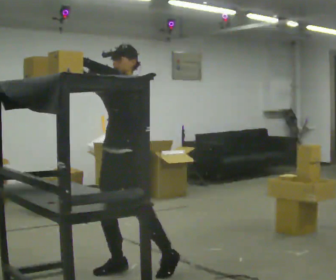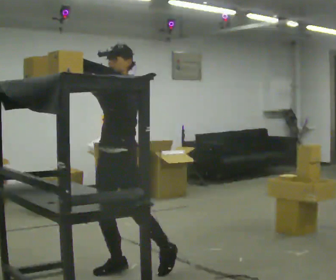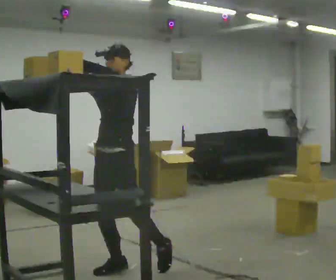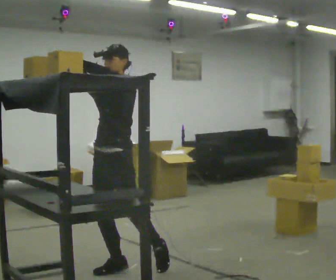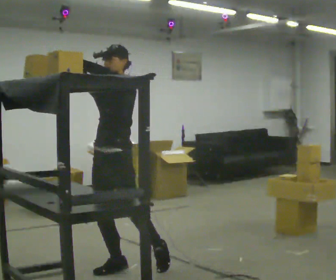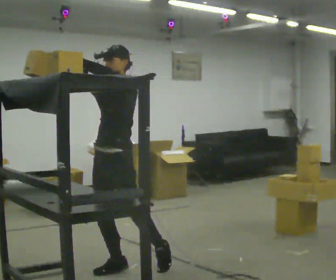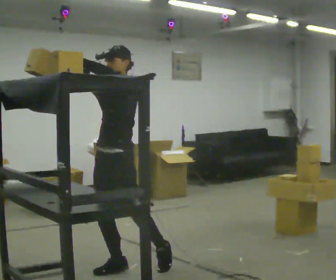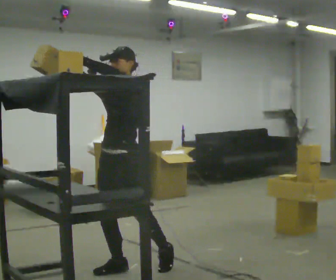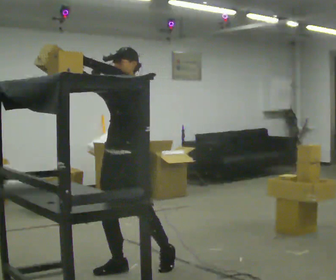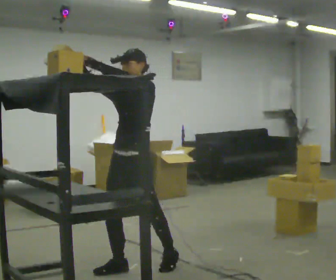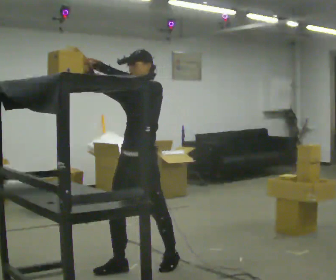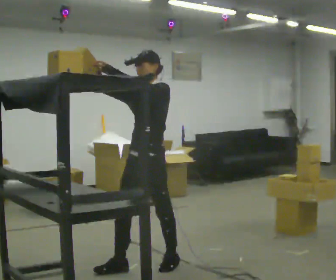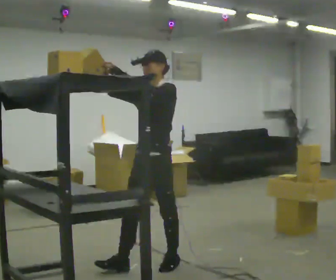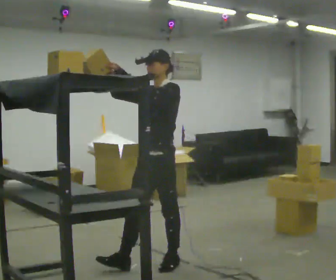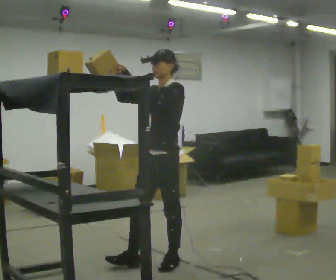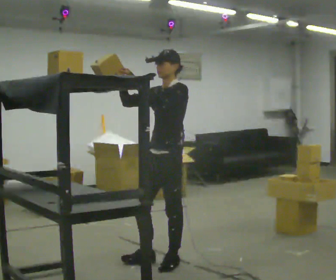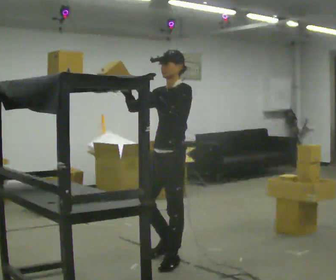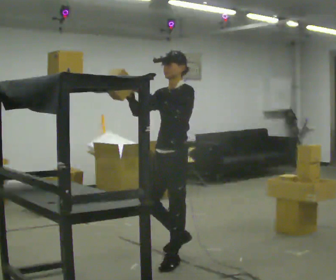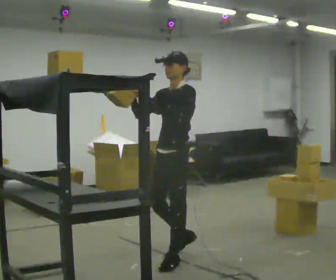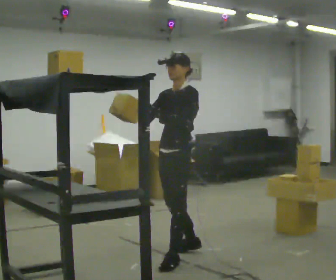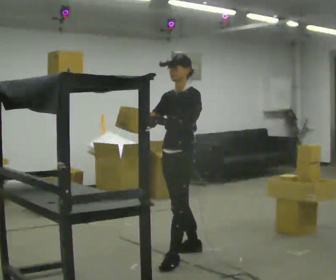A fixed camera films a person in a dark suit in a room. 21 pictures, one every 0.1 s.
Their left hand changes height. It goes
downward.
Their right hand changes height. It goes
downward.
0.0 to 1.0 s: The person moves a little, or ends about where they began.
1.0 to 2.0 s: In the picture they go to the right and away from the camera, about 0.5 m in 1 step, which for them is backward. In the picture their left hand goes downward.
The film runs backward here.
